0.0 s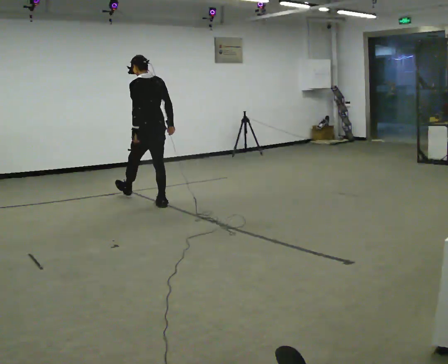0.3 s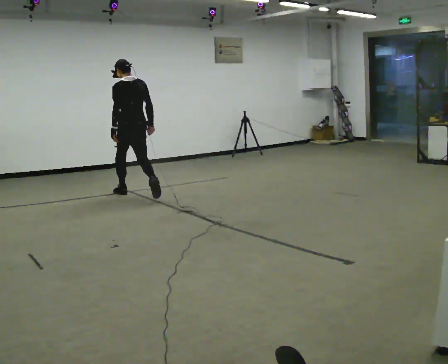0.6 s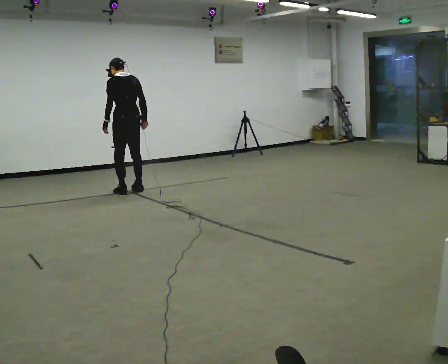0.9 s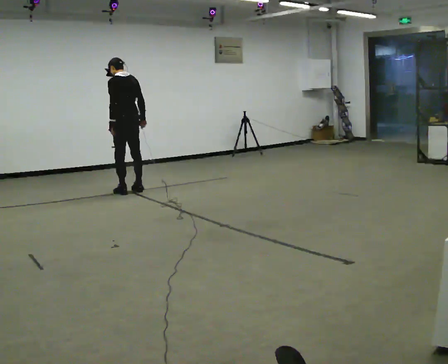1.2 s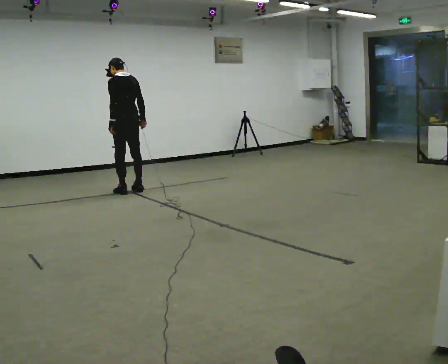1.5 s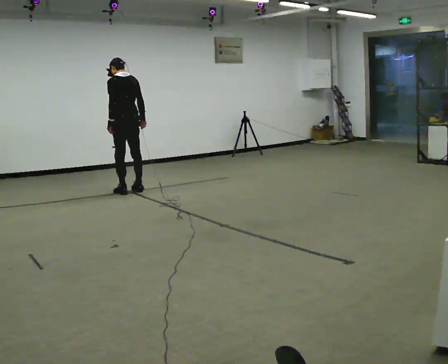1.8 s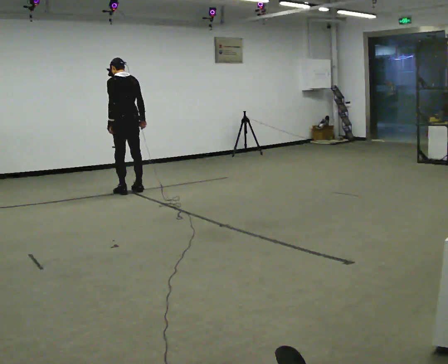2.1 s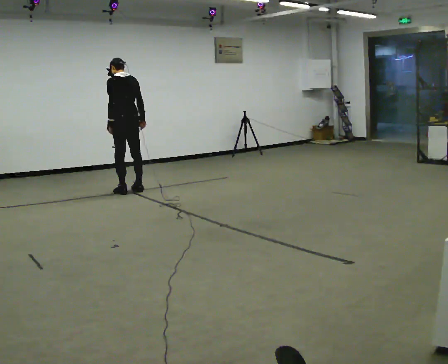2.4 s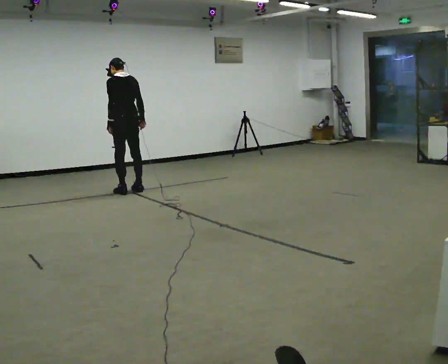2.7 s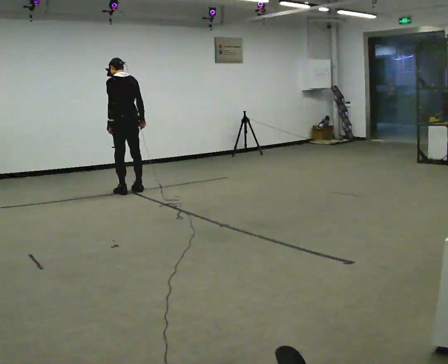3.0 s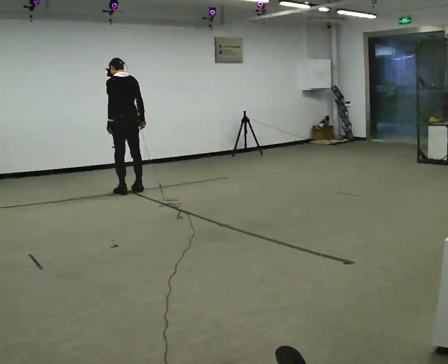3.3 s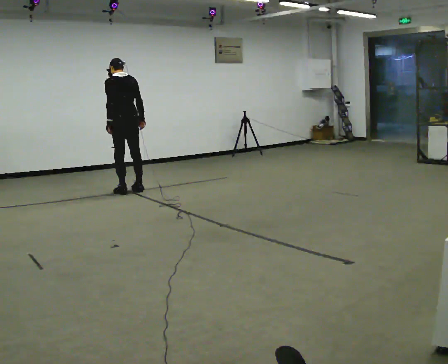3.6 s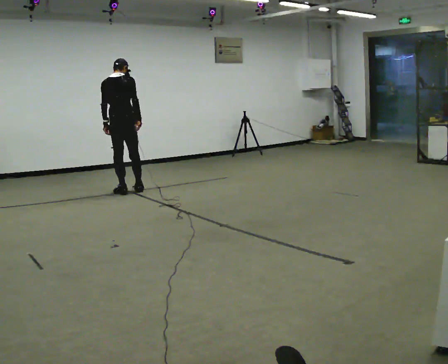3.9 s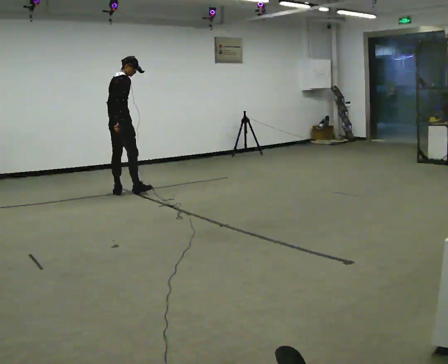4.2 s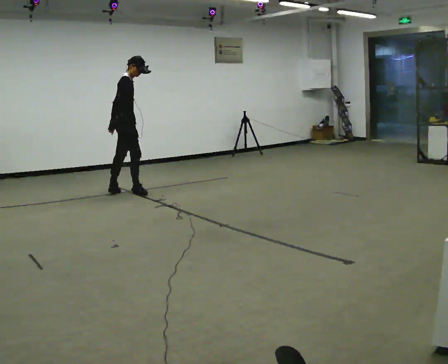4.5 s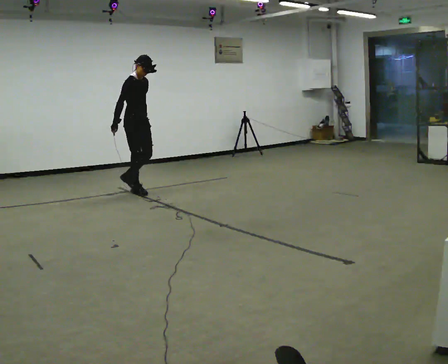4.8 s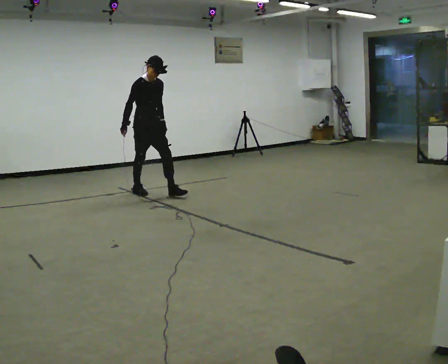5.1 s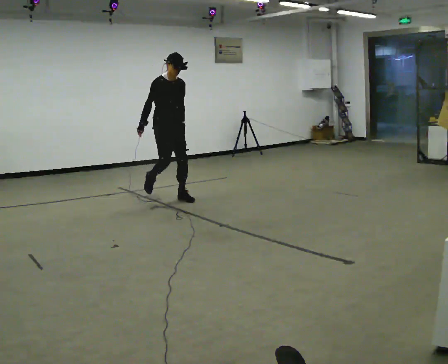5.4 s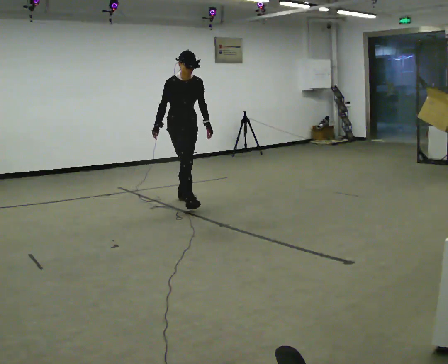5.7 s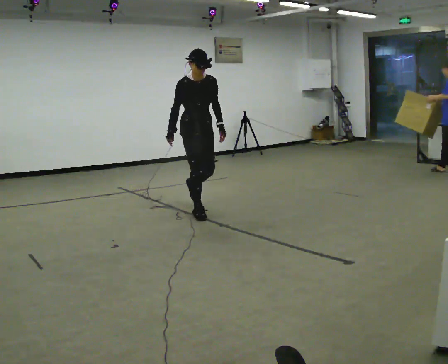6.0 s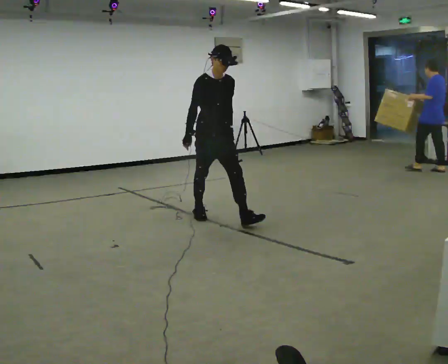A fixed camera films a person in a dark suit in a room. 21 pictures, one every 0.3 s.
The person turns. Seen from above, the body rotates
clockwise.
The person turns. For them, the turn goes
to their right.
0.0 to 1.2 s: In the picture they go away from the camera and to the left, about 0.75 m in 2 steps, which for them is forward.
1.2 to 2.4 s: The person moves a little, or ends about where they began.
2.4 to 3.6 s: Seen from above the body turns clockwise, about 45 degrees: to their right, with its near side sliding to the left.
3.6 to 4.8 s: Seen from above the body turns clockwise, about 135 degrees: to their right, with its near side sliding to the left. In the picture they go to the right and toward the camera, about 0.25 m in 1 step. The upper body tips toward the camera, its near side rolling downward.
4.8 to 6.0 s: In the picture they go toward the camera and to the right, about 1.5 m in 2 steps, which for them is forward.
The film runs forward here.
